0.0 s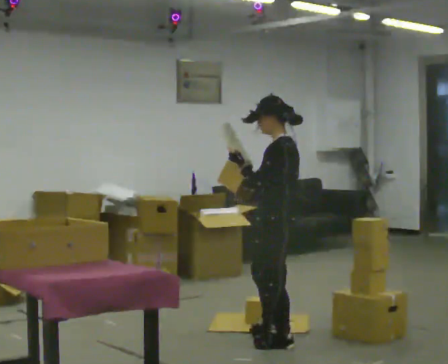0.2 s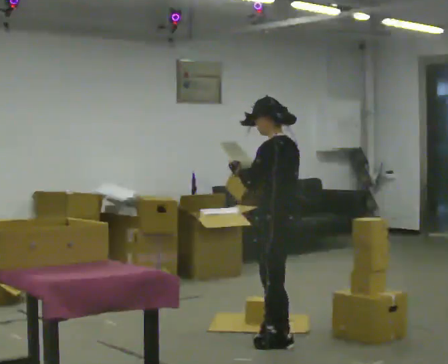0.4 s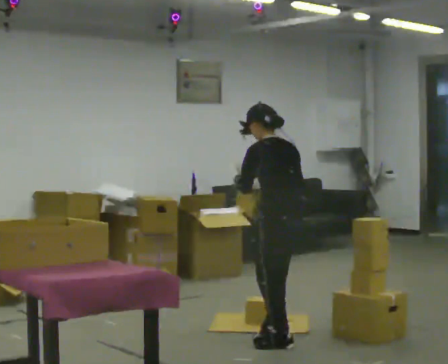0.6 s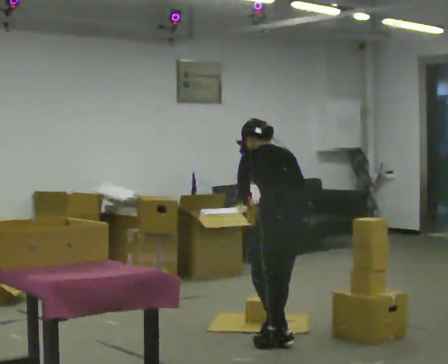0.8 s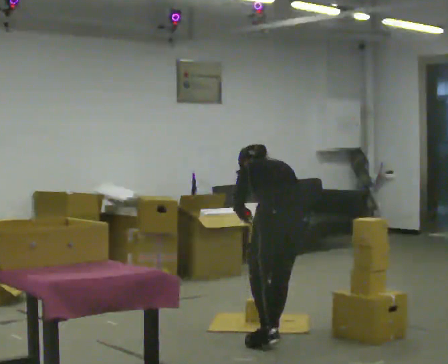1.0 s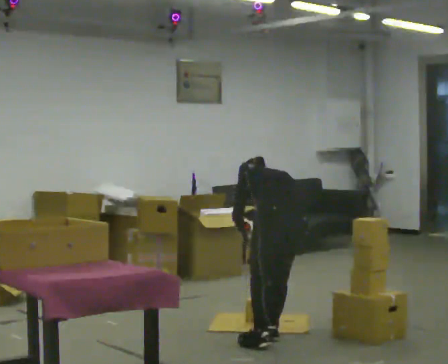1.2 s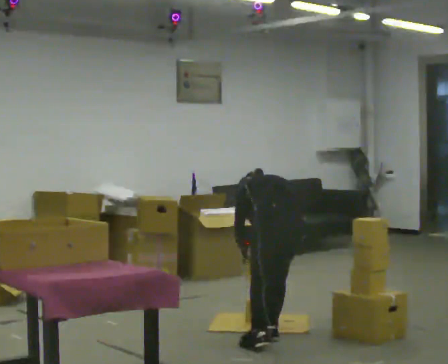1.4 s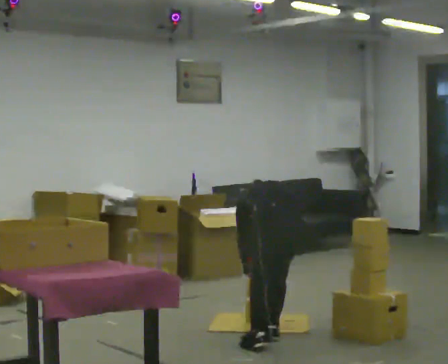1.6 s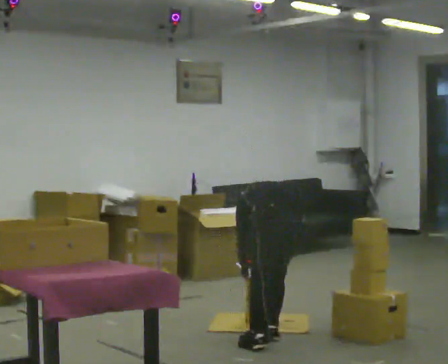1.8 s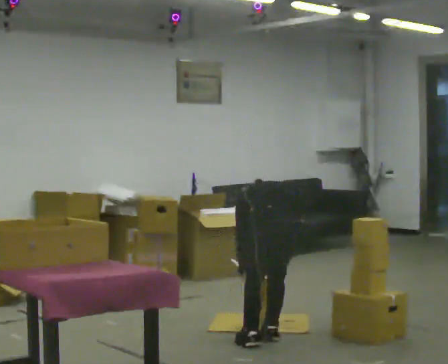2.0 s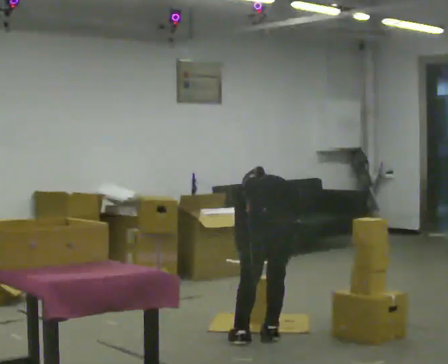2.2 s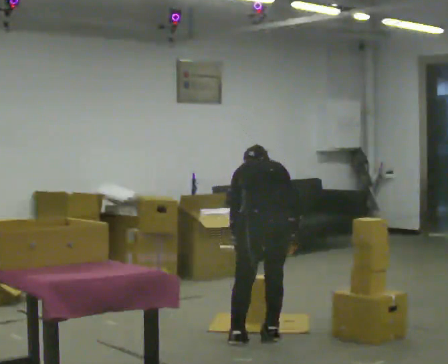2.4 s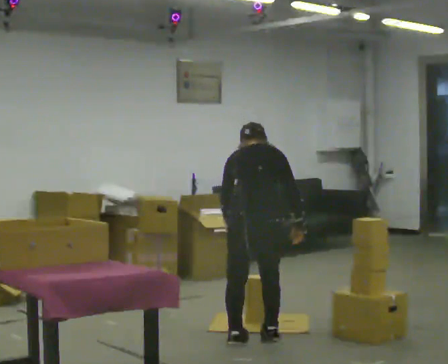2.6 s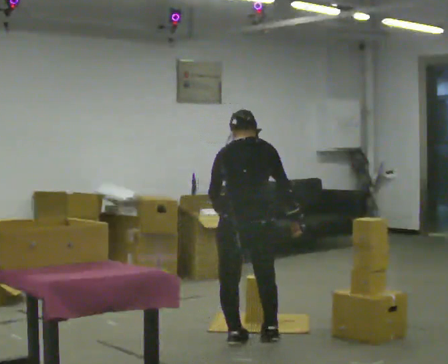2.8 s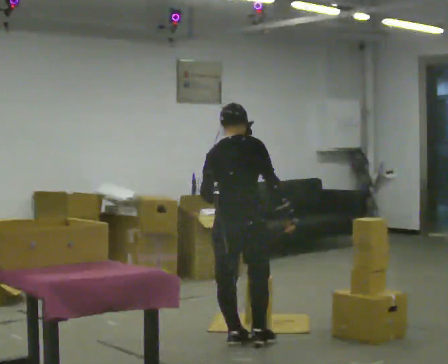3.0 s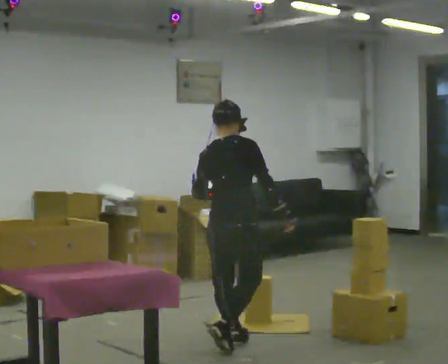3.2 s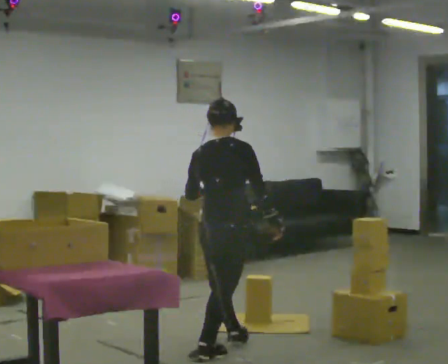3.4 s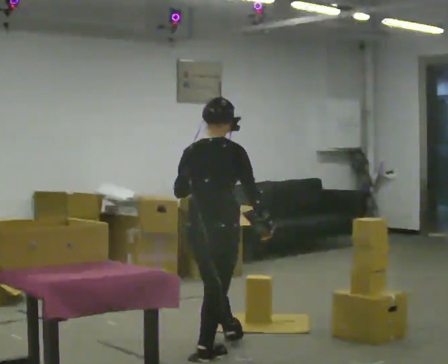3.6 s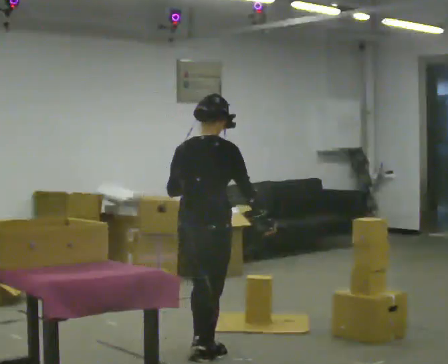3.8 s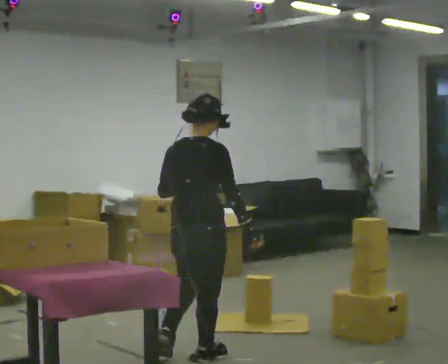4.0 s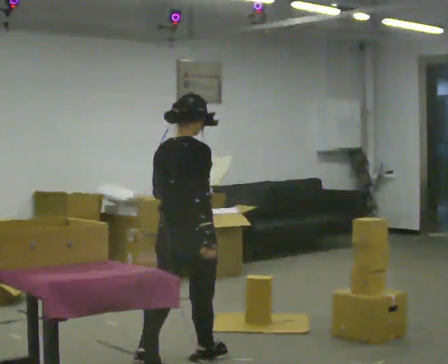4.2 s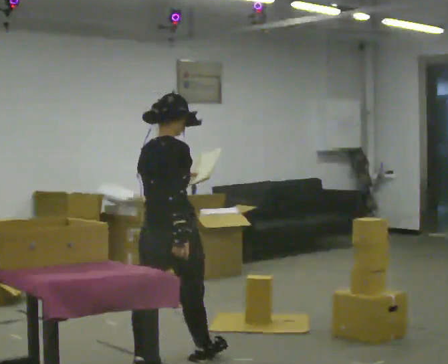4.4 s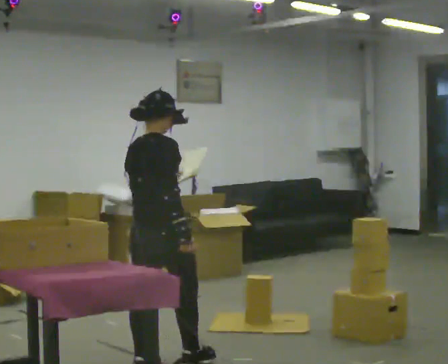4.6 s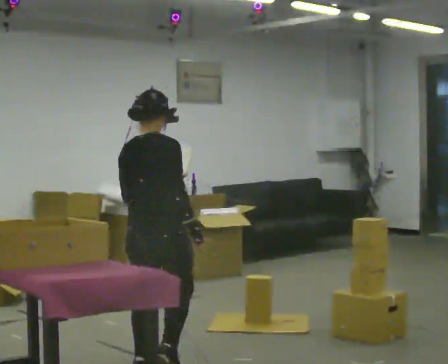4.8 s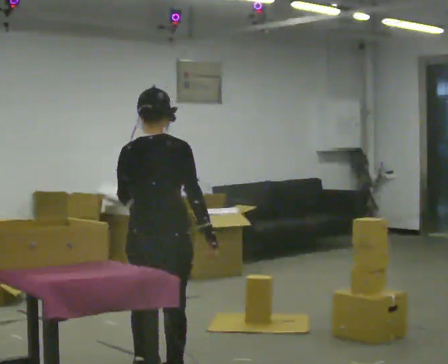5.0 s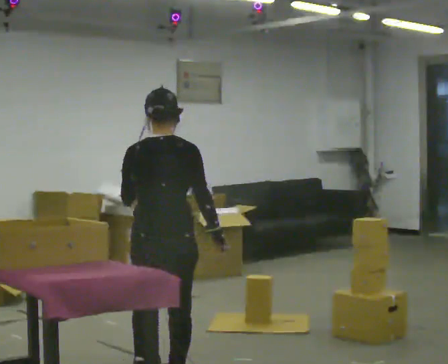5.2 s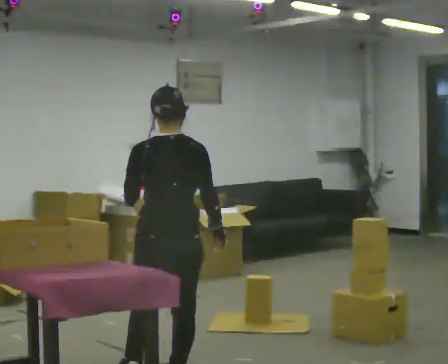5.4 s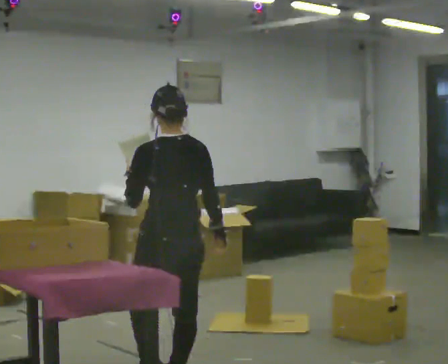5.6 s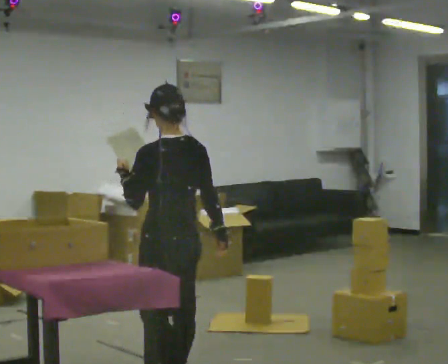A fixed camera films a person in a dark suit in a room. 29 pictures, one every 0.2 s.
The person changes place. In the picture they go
toward the camera.
The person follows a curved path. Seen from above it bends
counterclockwise.
0.0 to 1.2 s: The part of the body nearest the lens slides to the left as the person turns to their right by about 60 degrees. The shoulders move downward. The upper body tips away from the camera, its near side rolling upward, as they bend forward. In the picture their right hand goes downward, the arm swinging counterclockwise.
1.2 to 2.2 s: The person moves a little, or ends about where they began.
2.2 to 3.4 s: Seen from above the body turns clockwise, about 45 degrees: to their right, with its near side sliding to the left. In the picture they go to the left and toward the camera, about 0.5 m in 2 steps, which for them is backward and to their left. The shoulders move upward. The upper body tips toward the camera, its near side rolling downward, as they lean back or straighten. In the picture their left hand goes upward.
3.4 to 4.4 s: In the picture they go toward the camera and to the left, about 0.5 m in 1 step, which for them is backward.
4.4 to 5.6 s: The part of the body nearest the lens slides to the right as the person turns to their left by about 90 degrees. In the picture they go toward the camera, about 0.5 m in 1 step.
The film runs backward here.
